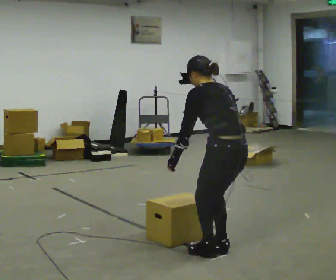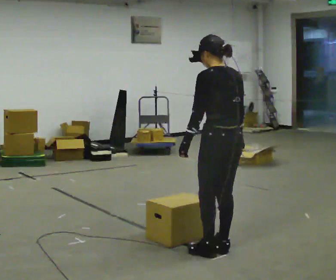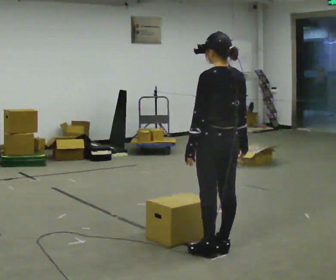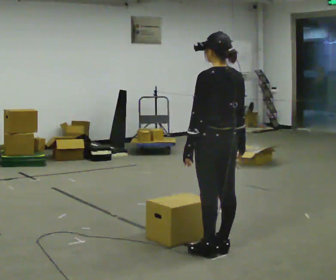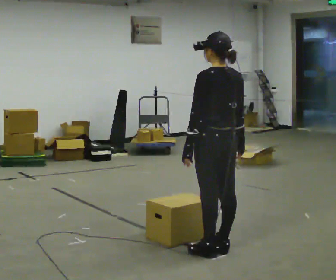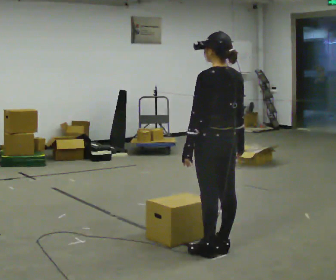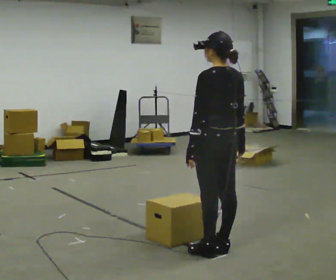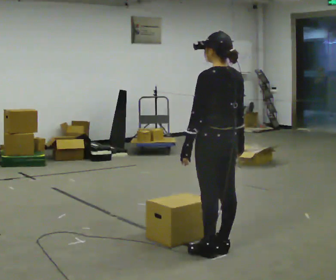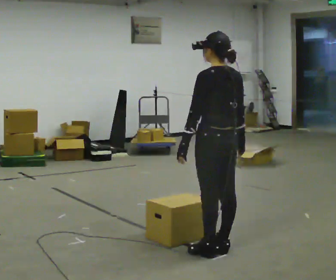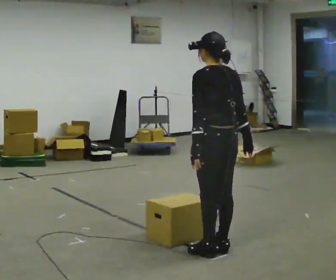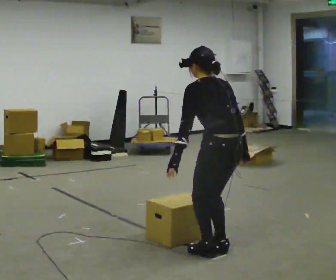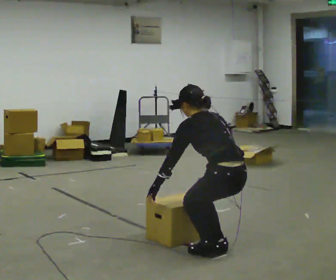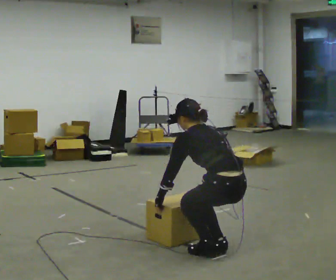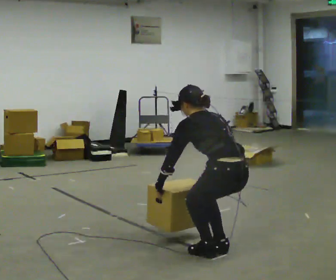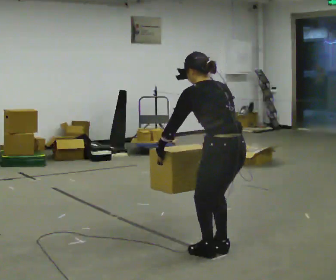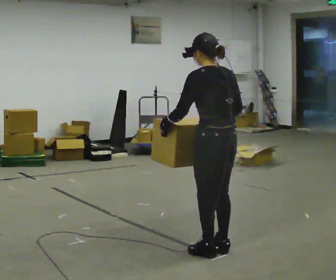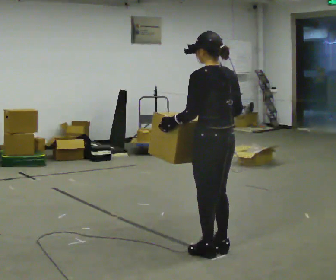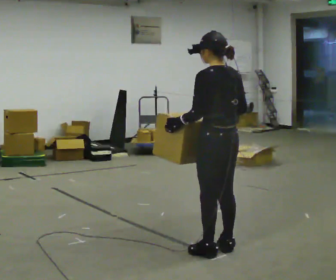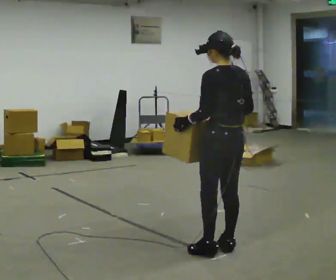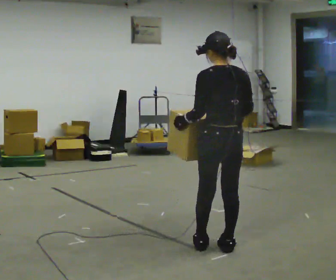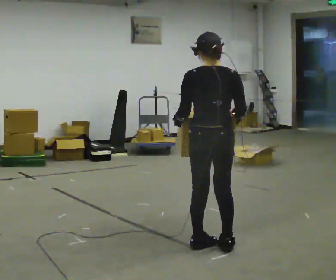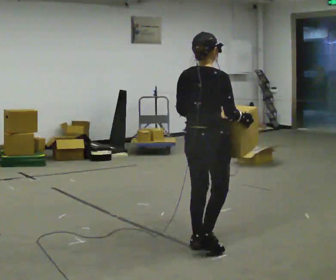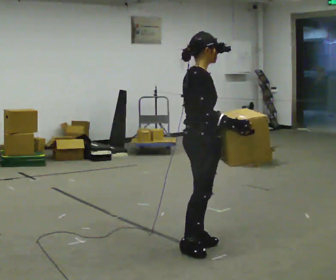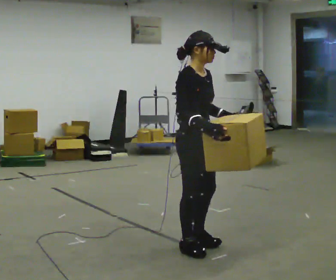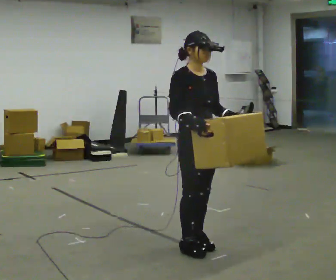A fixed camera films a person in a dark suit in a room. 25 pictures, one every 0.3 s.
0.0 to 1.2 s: The upper body goes upward. The upper body tips toward the camera, its near side rolling downward, as they lean back or straighten.
1.2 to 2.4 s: The person moves a little, or ends about where they began.
2.4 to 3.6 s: The shoulders move downward. In the picture the upper body tilts counterclockwise, shoulders to the left, as they bend forward. In the picture their right hand goes downward.
3.6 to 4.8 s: The upper body goes upward. In the picture the upper body tilts clockwise, shoulders to the right, as they lean back or straighten. In the picture their right hand goes upward.
4.8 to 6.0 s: The part of the body nearest the lens slides to the left as the person turns to their right by about 30 degrees.
6.0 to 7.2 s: The part of the body nearest the lens slides to the left as the person turns to their right by about 135 degrees. In the picture they go to the left, about 0.25 m in 1 step. In the picture their right hand goes to the left.
The film runs backward here.
